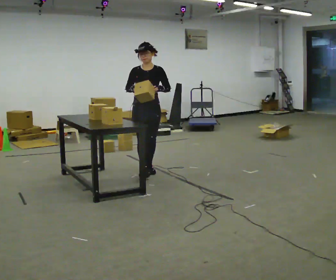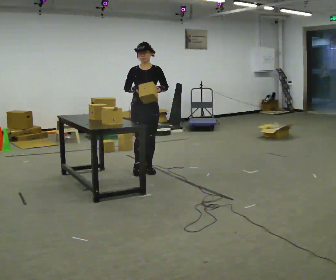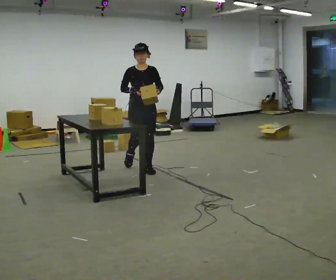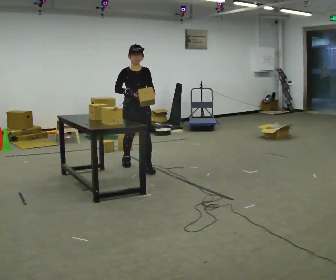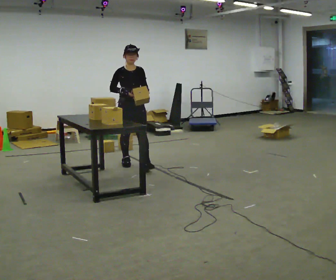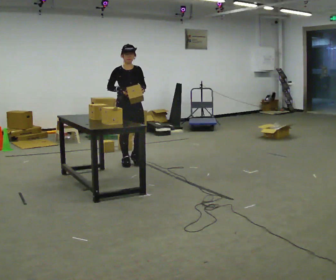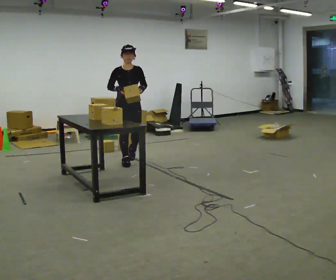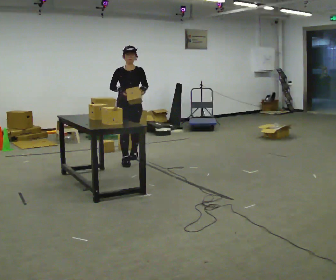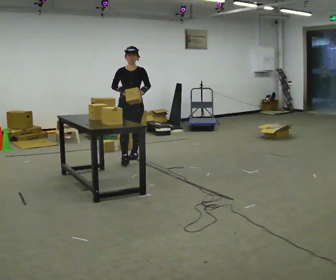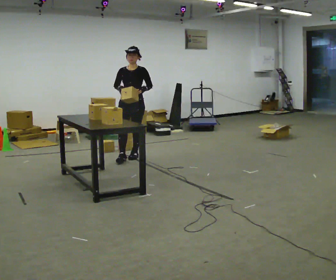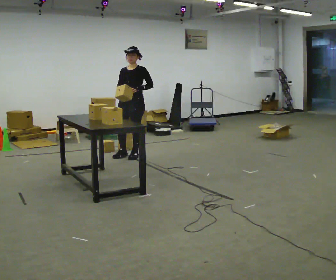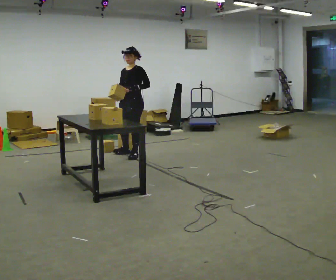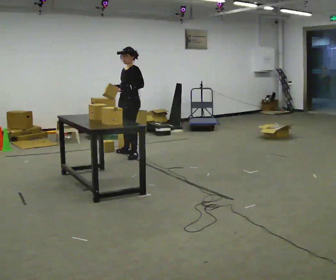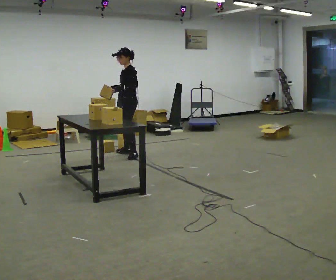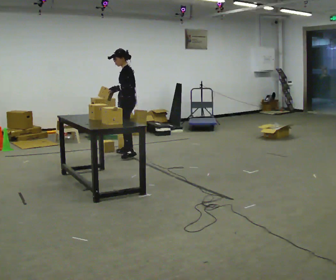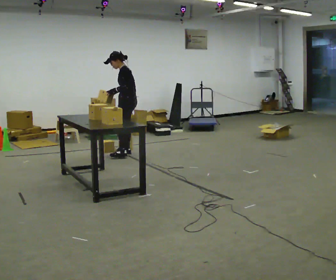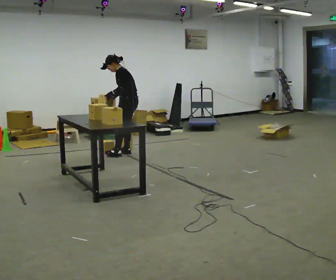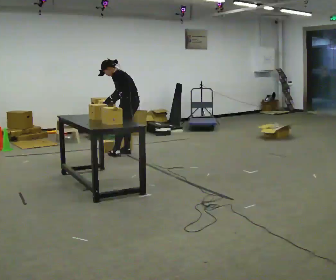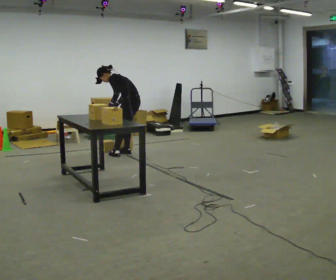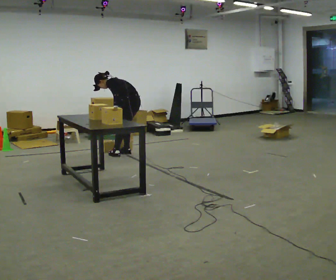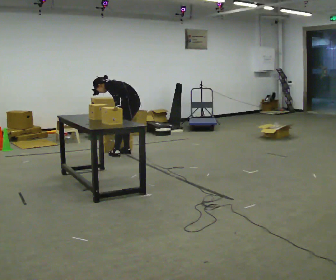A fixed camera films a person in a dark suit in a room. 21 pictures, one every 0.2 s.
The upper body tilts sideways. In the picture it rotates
counterclockwise.
The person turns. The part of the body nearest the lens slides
to the left.
0.0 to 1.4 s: In the picture they go away from the camera and to the left, about 0.75 m in 1 step, which for them is backward.
1.4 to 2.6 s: Seen from above the body turns clockwise, about 90 degrees: to their right, with its near side sliding to the left. In the picture they go away from the camera, about 0.5 m in 1 step.
2.6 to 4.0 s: The part of the body nearest the lens slides to the left as the person turns to their right by about 45 degrees. The upper body goes downward. In the picture the upper body tilts counterclockwise, shoulders to the left, as they bend forward. In the picture their right hand goes downward.
The film runs backward here.
